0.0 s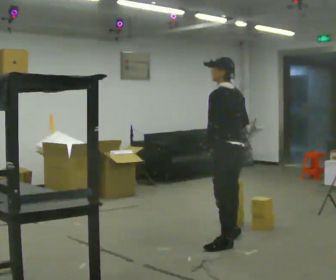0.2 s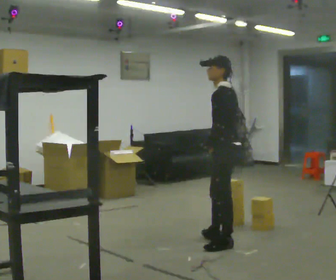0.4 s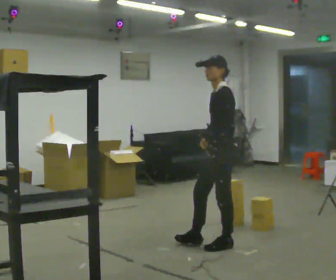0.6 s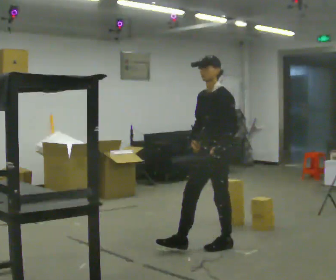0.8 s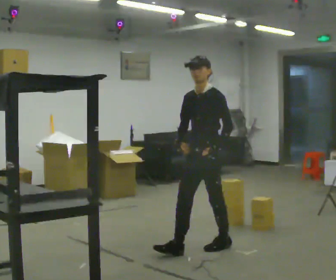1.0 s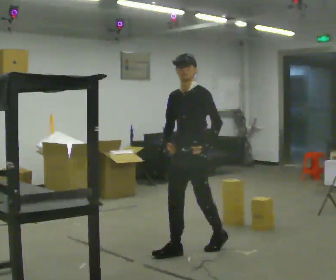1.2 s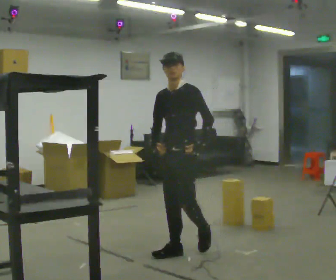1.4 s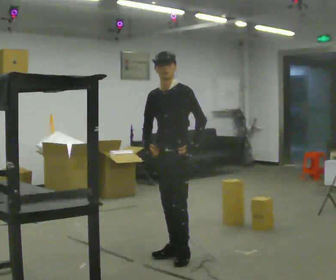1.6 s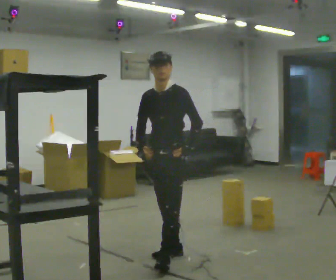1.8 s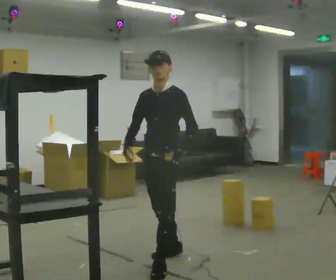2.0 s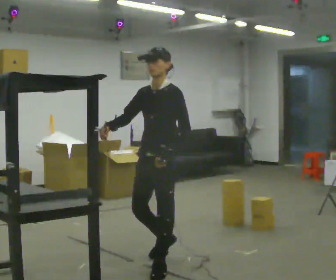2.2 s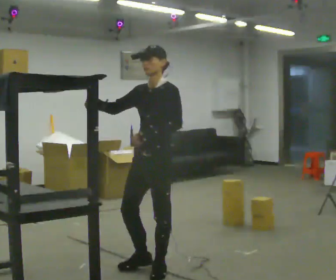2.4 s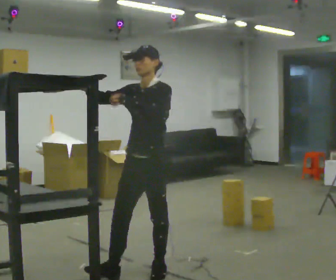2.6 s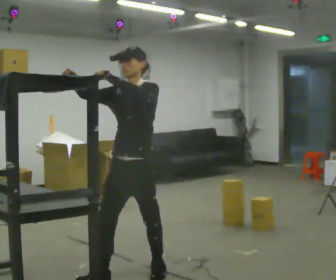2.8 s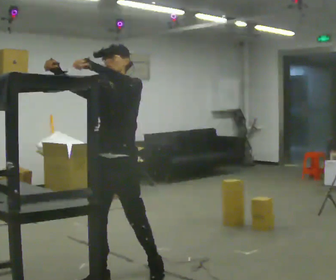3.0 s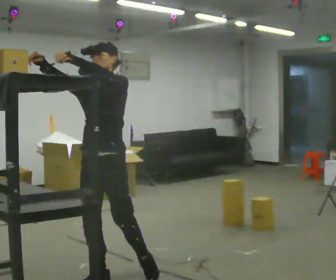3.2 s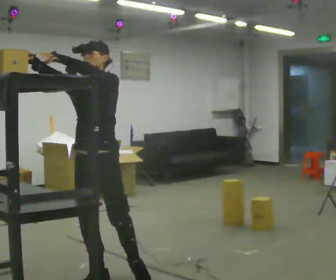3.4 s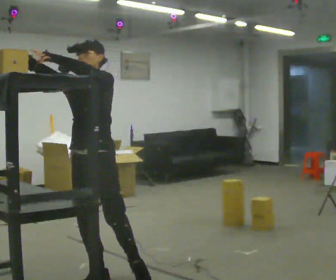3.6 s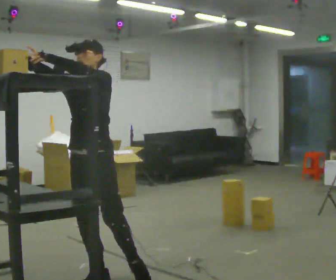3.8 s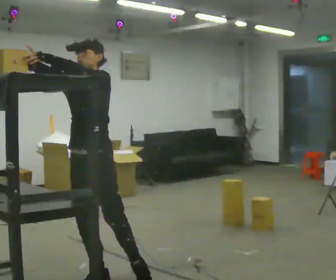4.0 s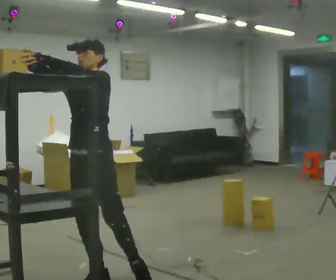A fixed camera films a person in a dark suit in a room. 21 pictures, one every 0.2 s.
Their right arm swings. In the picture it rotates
clockwise.
The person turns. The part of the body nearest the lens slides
to the right.
0.0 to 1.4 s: The person turns about 90 degrees to their left, counterclockwise seen from above, so the part of the body nearest the lens slides to the right. In the picture they go to the left and toward the camera, about 0.5 m in 1 step.
1.4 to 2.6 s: In the picture they go toward the camera and to the left, about 0.75 m in 2 steps, which for them is forward. In the picture their left hand goes upward.
2.6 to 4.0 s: In the picture they go to the left and toward the camera, about 0.25 m in 1 step, which for them is forward and to their right.
The film runs forward here.
